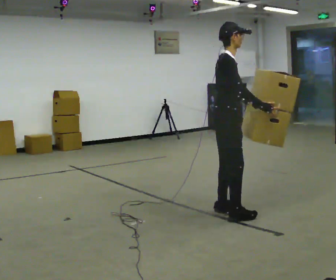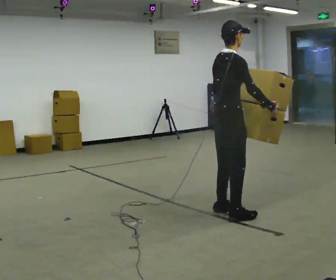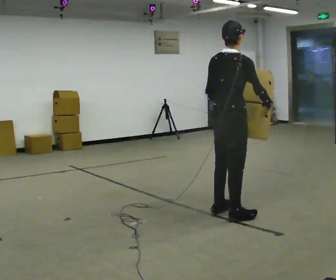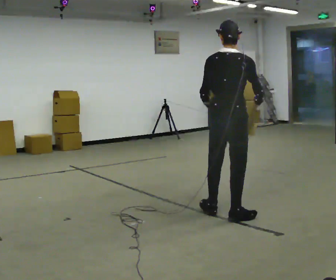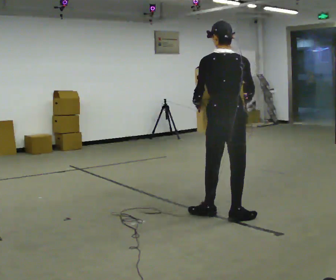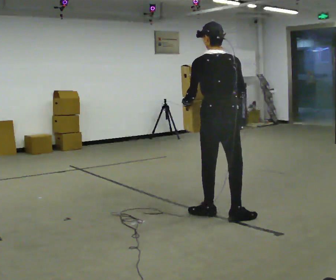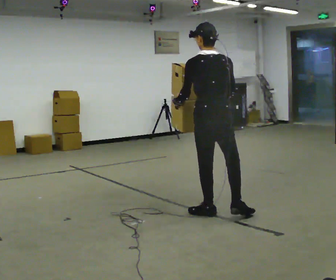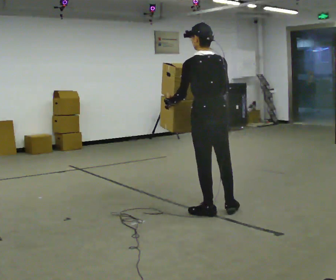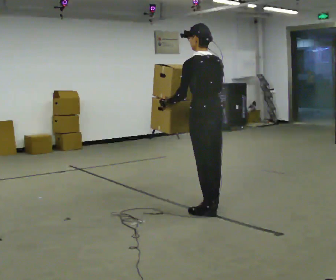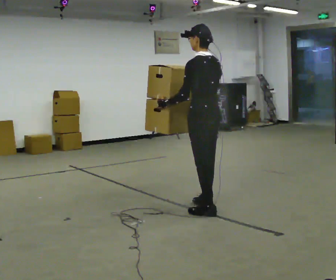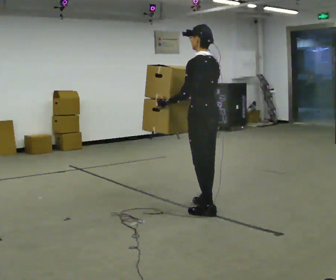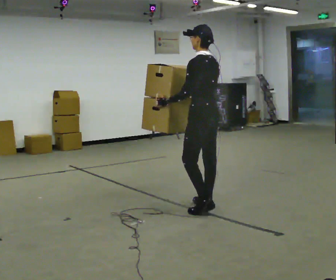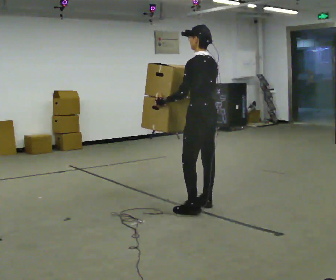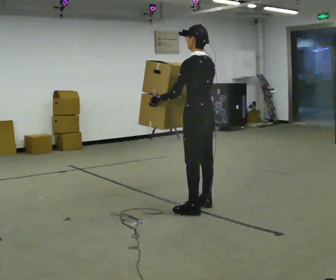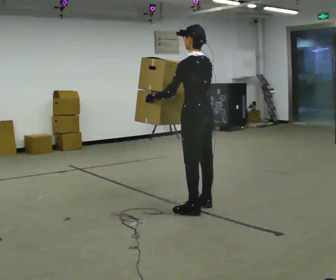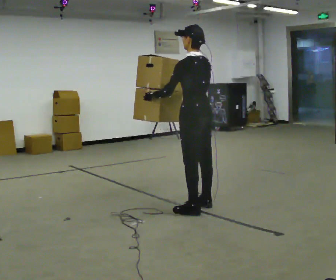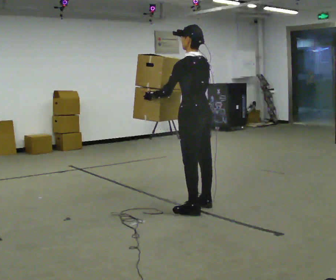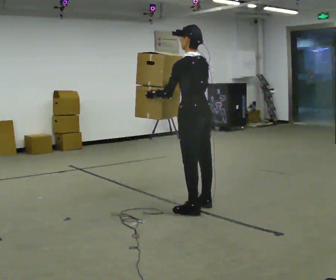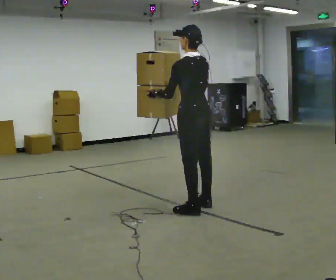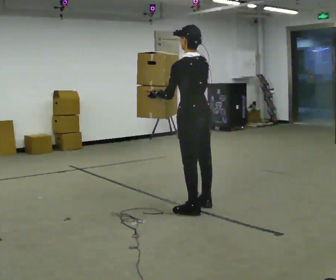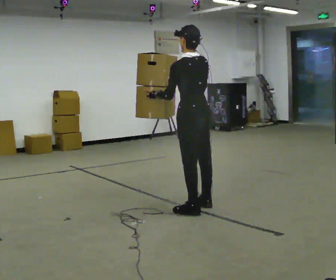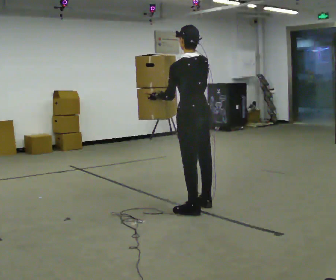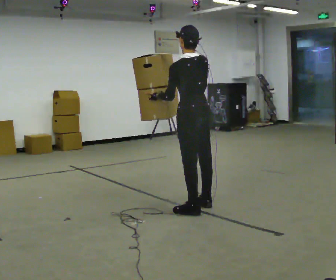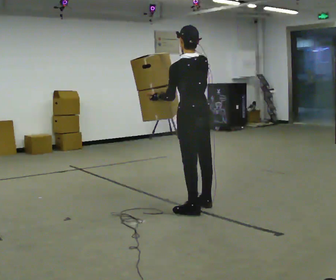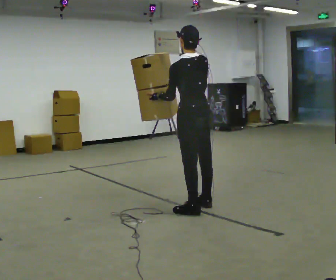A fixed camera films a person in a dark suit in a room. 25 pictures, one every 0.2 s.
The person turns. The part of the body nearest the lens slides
to the right.
The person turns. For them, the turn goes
to their left.
0.0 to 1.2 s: Seen from above the body turns counterclockwise, about 105 degrees: to their left, with its near side sliding to the right. In the picture their right hand goes to the left.
1.2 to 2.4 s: The part of the body nearest the lens slides to the right as the person turns to their left by about 45 degrees. In the picture they go away from the camera, about 0.25 m in 2 steps, which for them is forward and to their right. In the picture their right hand goes to the left.
2.4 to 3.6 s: The person moves a little, or ends about where they began.
3.6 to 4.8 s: In the picture their right hand goes upward.
The film runs forward here.
